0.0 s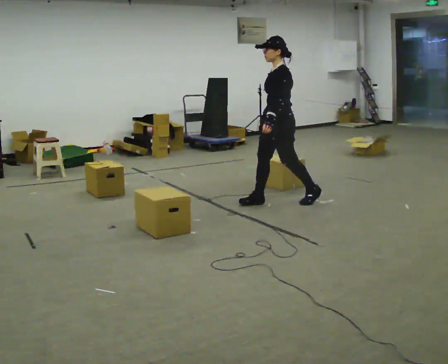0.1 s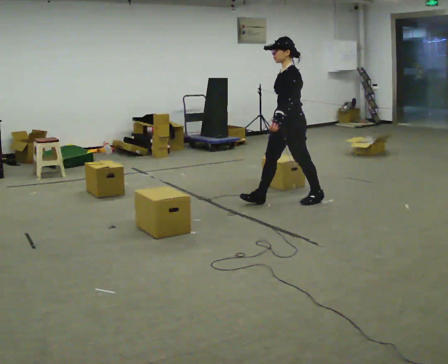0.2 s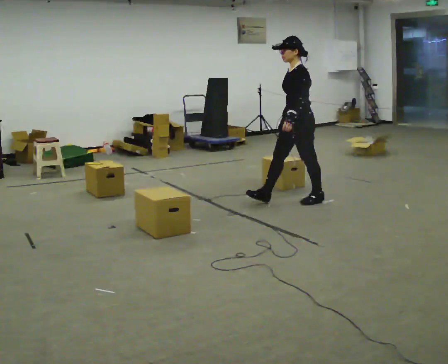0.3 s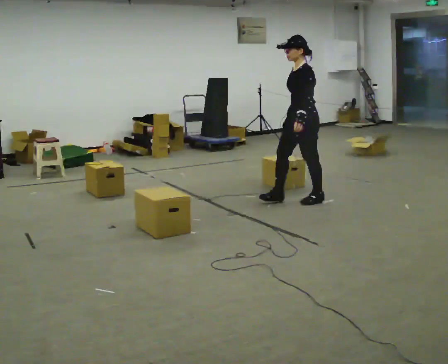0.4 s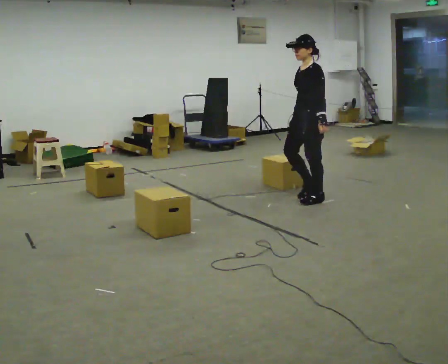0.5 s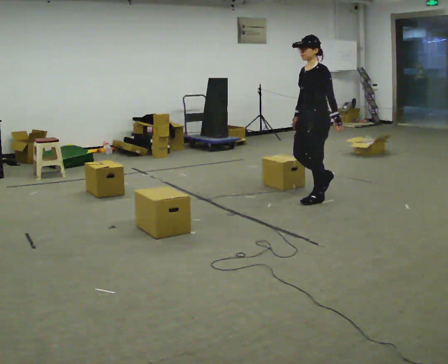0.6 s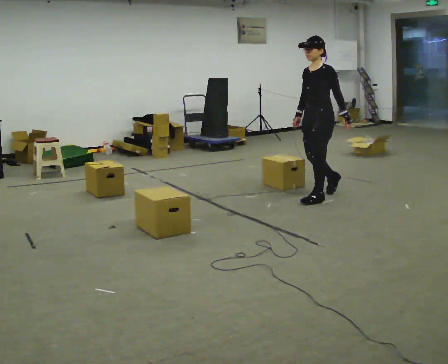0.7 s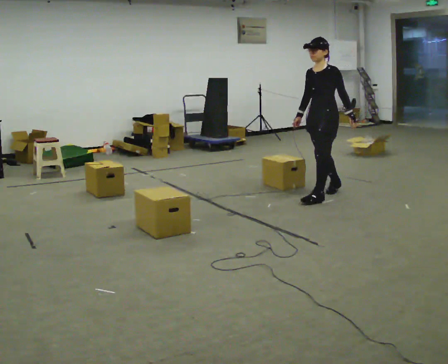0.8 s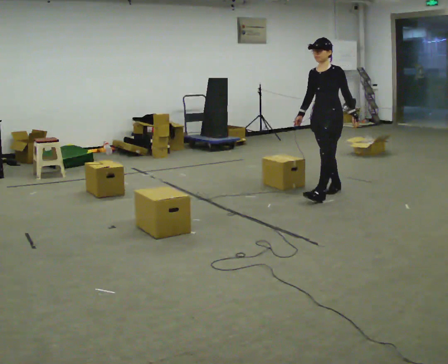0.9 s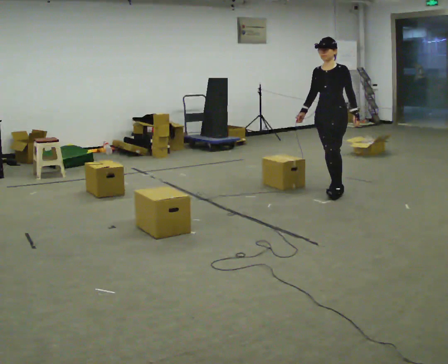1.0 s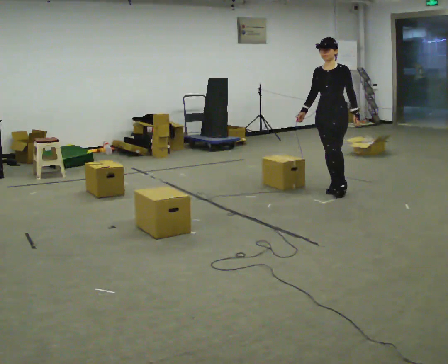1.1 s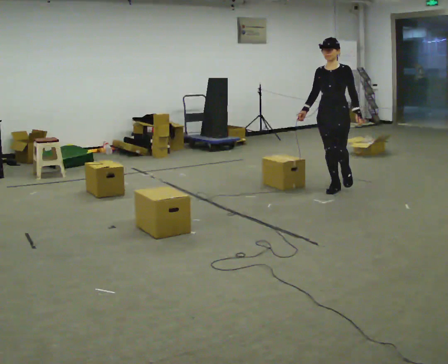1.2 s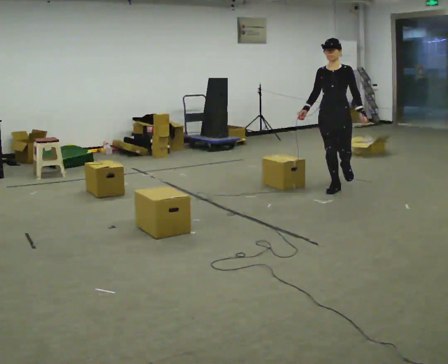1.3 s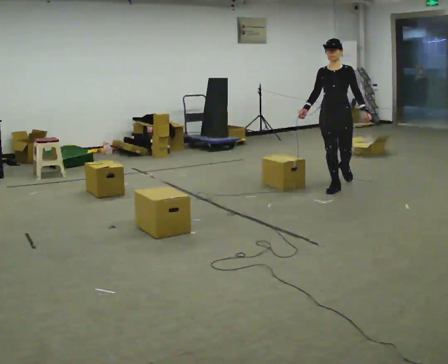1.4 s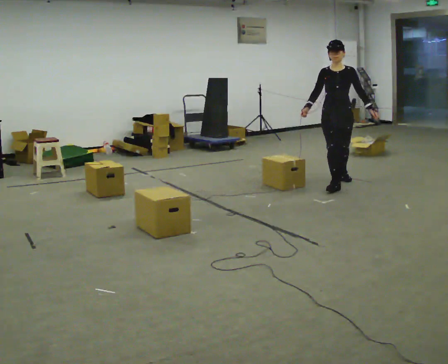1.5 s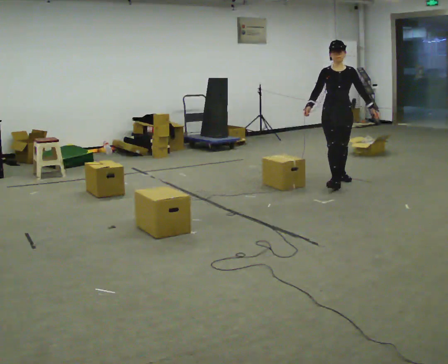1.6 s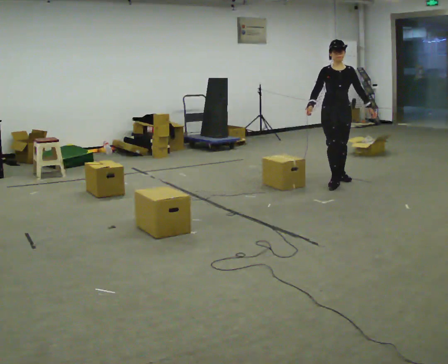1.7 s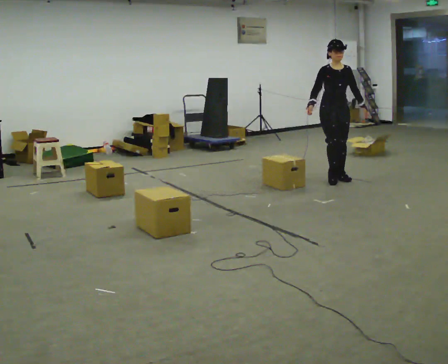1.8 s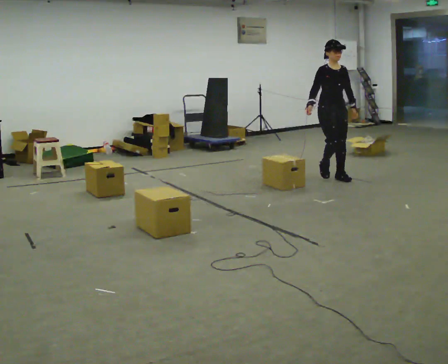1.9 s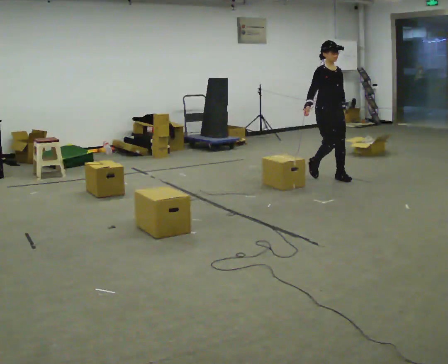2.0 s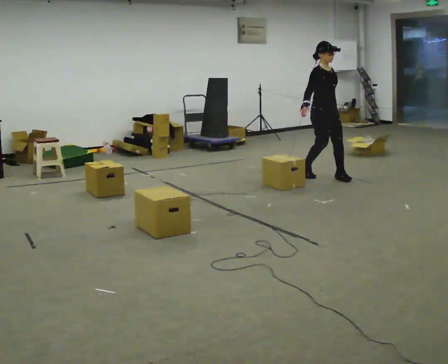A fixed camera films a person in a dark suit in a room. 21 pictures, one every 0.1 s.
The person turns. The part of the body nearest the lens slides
to the right.
The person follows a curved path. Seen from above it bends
counterclockwise.
0.0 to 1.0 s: The person turns about 45 degrees to their left, counterclockwise seen from above, so the part of the body nearest the lens slides to the right. In the picture they go away from the camera and to the right, about 0.5 m in 2 steps, which for them is backward.
1.0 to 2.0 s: The person turns about 75 degrees to their left, counterclockwise seen from above, so the part of the body nearest the lens slides to the right. In the picture they go away from the camera, about 0.5 m in 1 step.
The film runs backward here.
